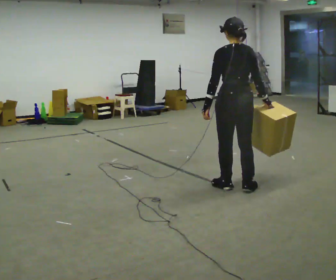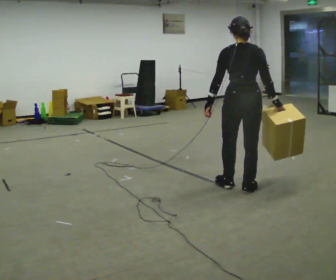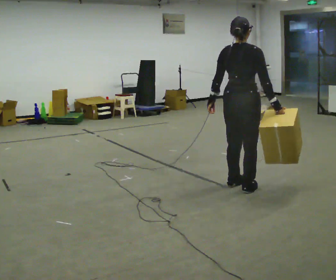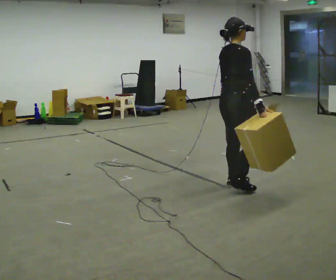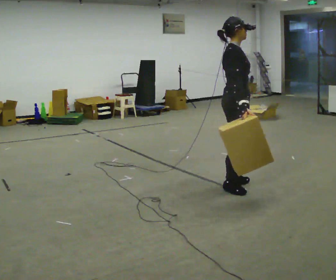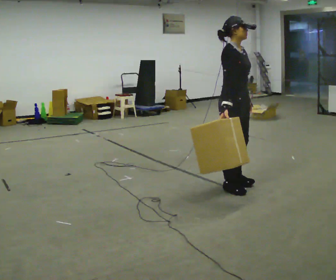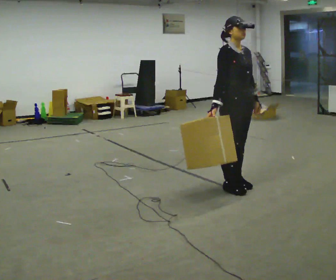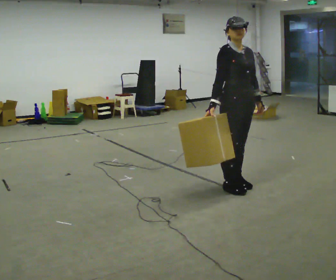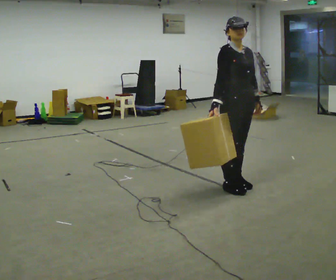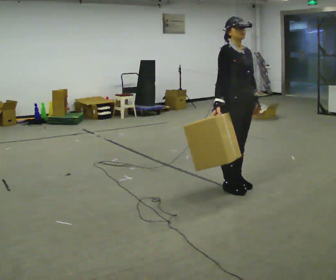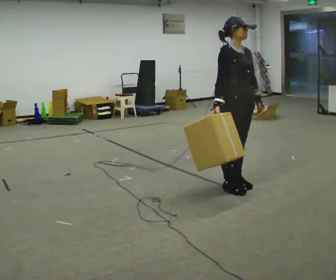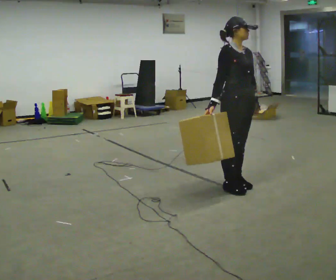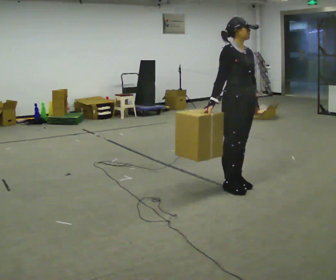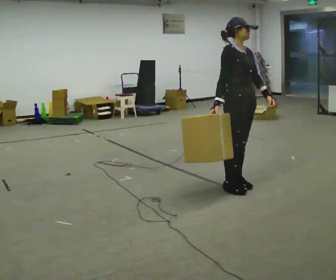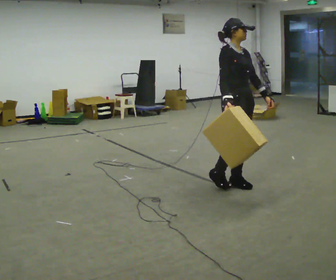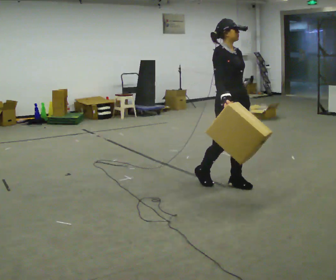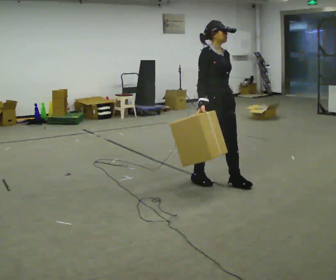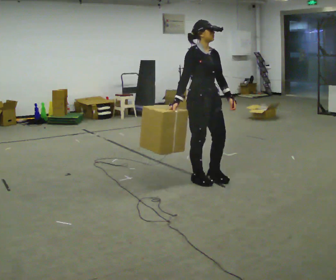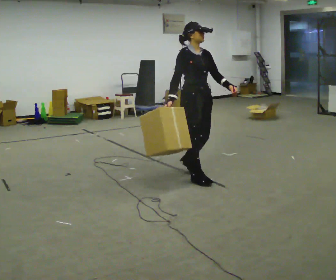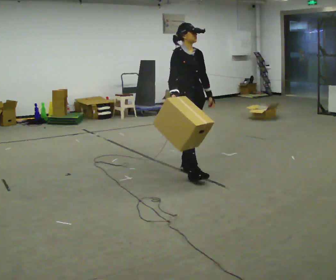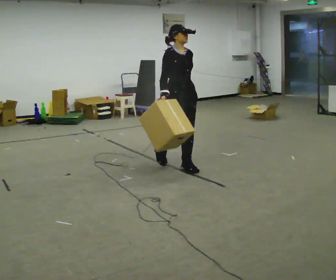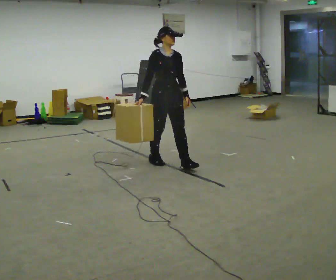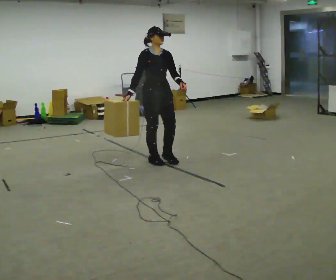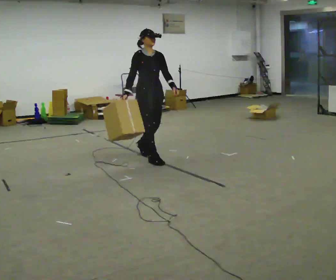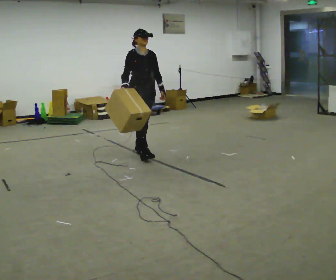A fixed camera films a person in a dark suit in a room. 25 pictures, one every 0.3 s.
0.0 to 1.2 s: The part of the body nearest the lens slides to the left as the person turns to their right by about 105 degrees.
1.2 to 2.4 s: Seen from above the body turns clockwise, about 60 degrees: to their right, with its near side sliding to the left. In the picture their right hand goes to the left.
2.4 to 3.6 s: The person moves a little, or ends about where they began.
3.6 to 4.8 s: In the picture they go to the left, about 0.25 m in 1 step, which for them is backward. In the picture their left hand goes to the left.
4.8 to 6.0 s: In the picture they go to the left and away from the camera, about 0.5 m in 2 steps, which for them is backward.
6.0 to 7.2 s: In the picture they go to the left and away from the camera, about 1 m in 2 steps, which for them is backward.
The film runs backward here.
